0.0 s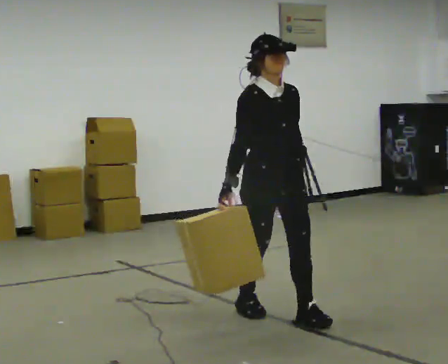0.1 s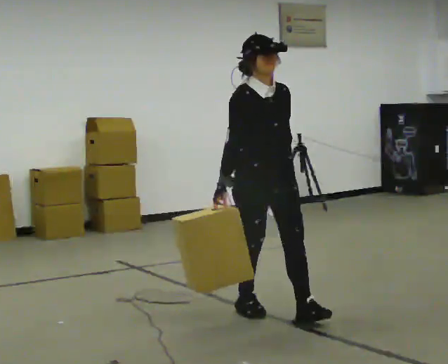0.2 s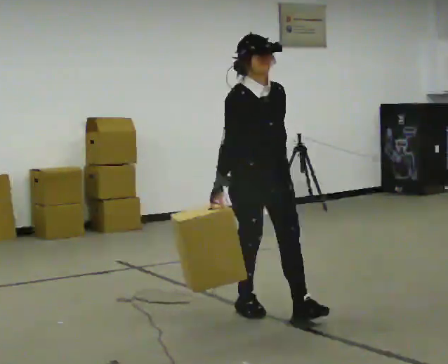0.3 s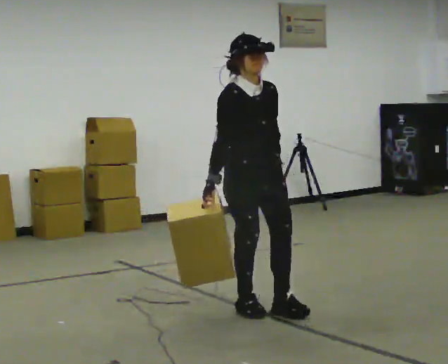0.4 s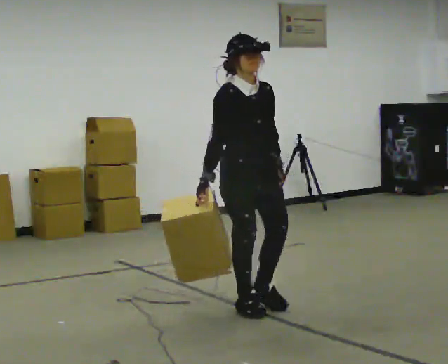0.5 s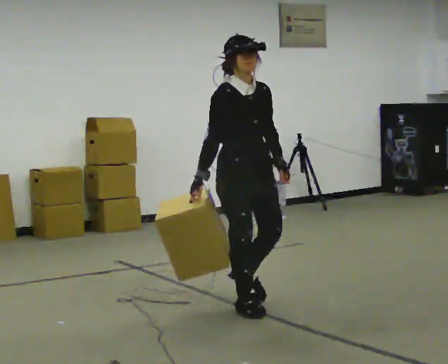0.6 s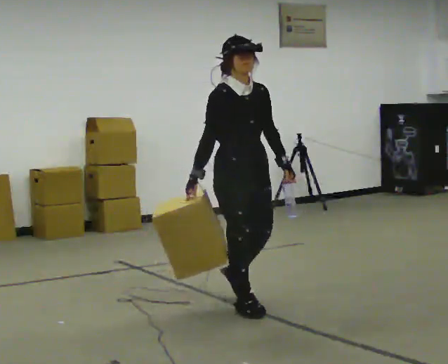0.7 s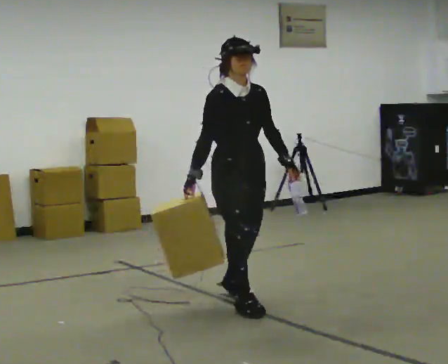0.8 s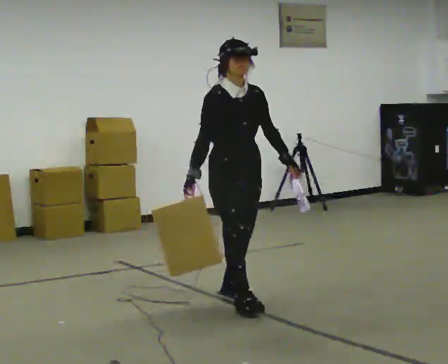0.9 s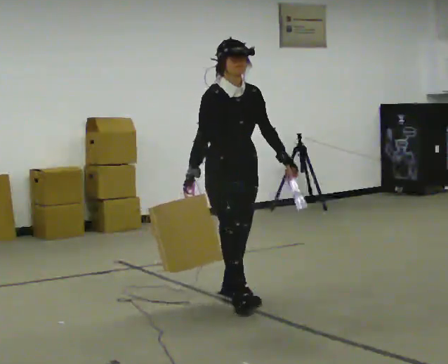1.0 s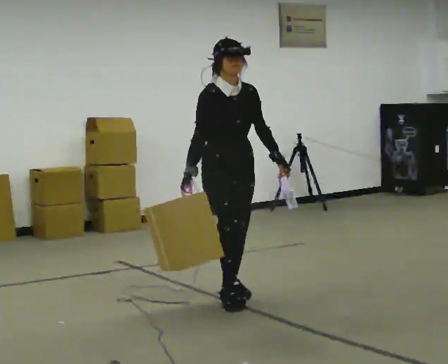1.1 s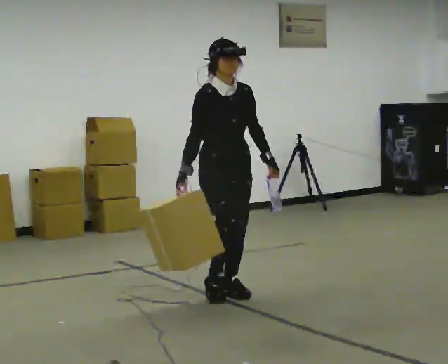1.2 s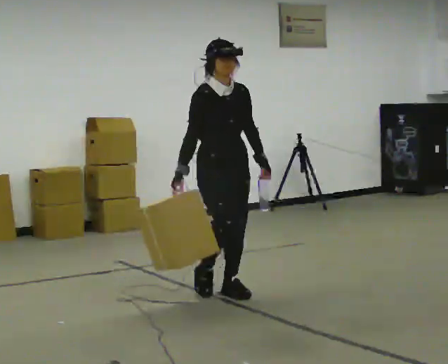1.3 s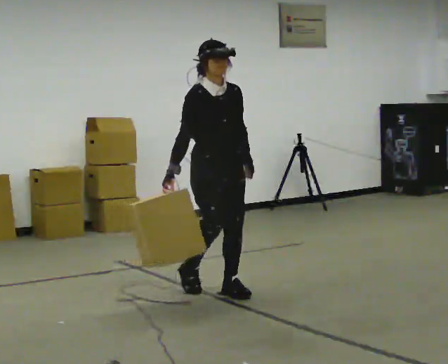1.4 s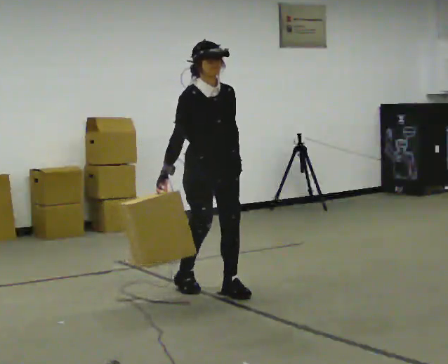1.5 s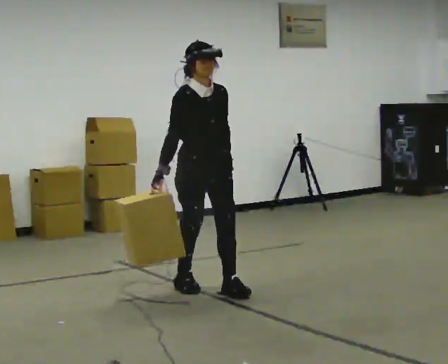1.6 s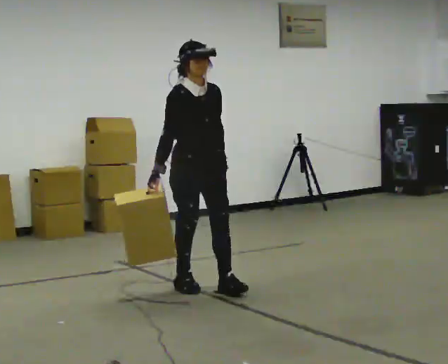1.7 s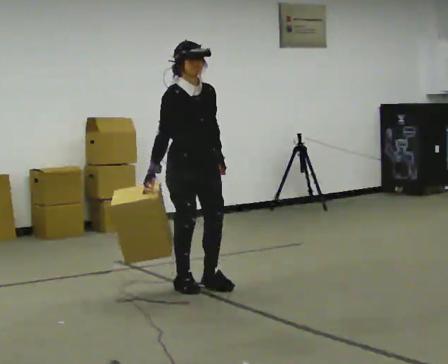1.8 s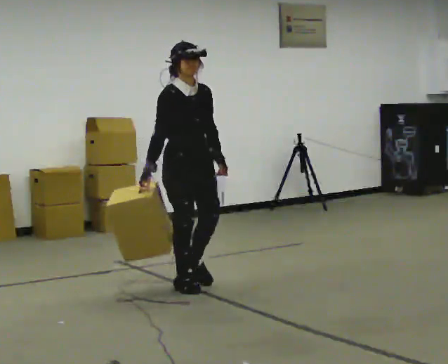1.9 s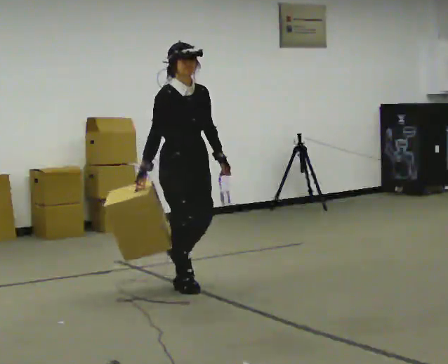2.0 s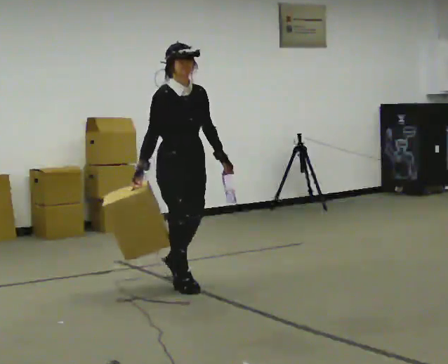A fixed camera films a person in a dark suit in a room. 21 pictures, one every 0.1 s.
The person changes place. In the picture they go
away from the camera.
0.0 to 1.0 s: In the picture they go away from the camera and to the left, about 0.5 m in 2 steps, which for them is backward.
1.0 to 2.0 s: In the picture they go away from the camera and to the left, about 0.5 m in 1 step, which for them is backward.
The film runs backward here.
